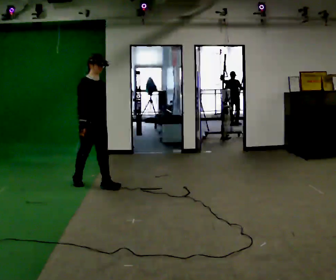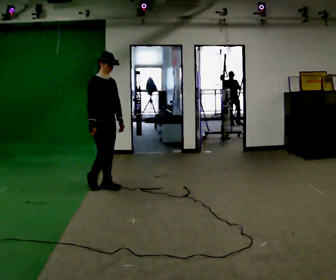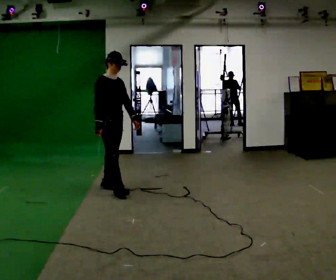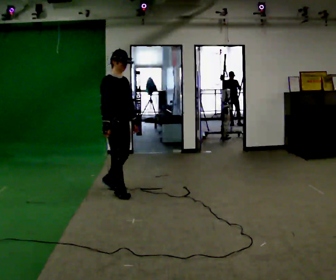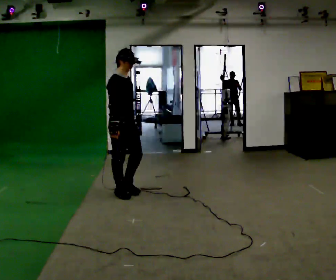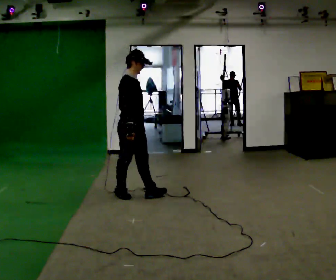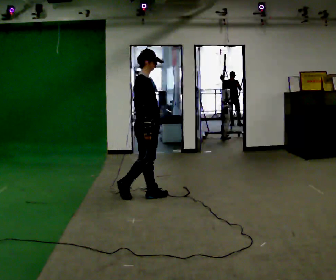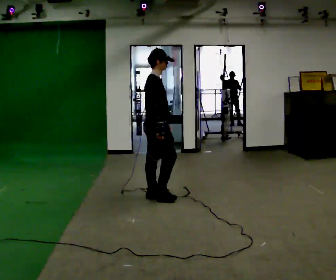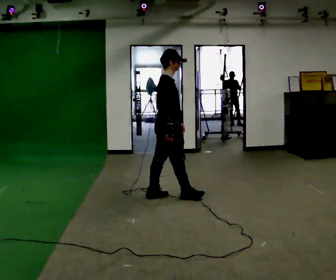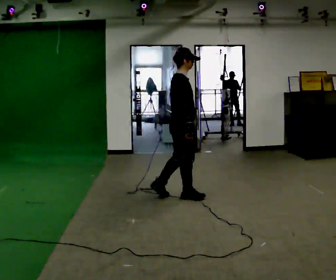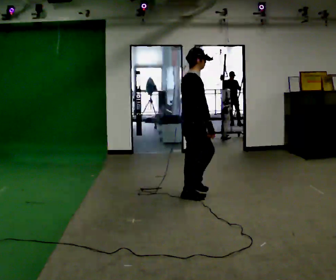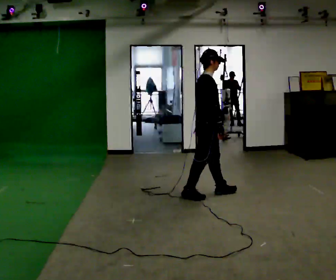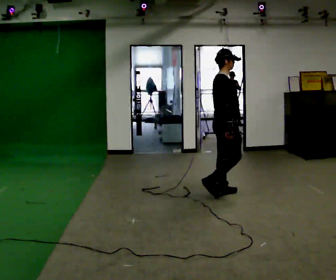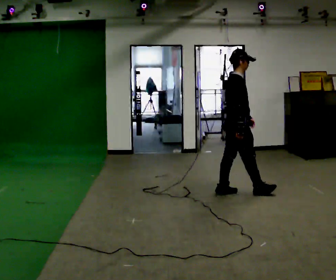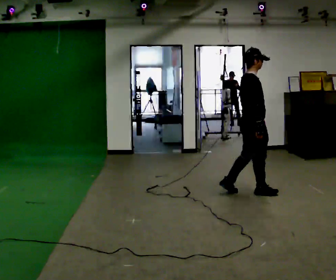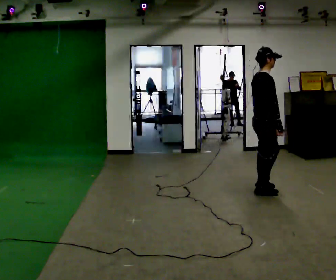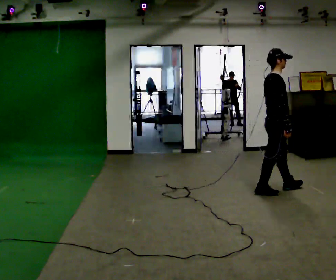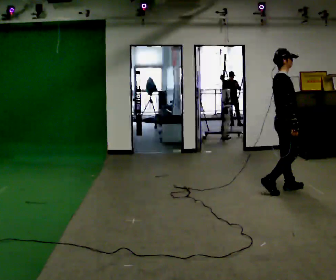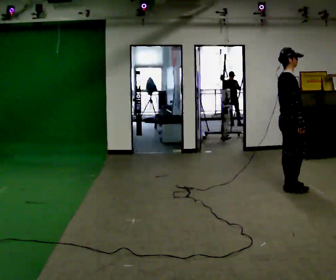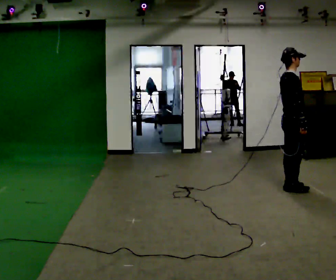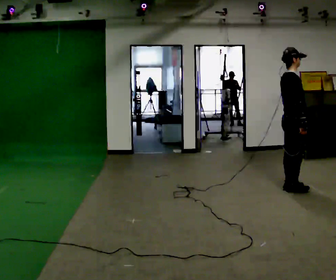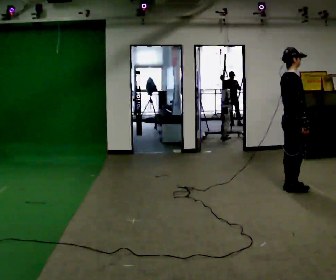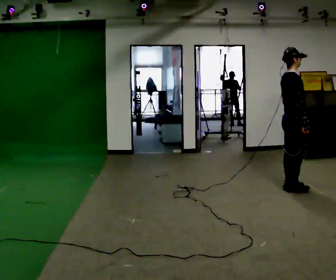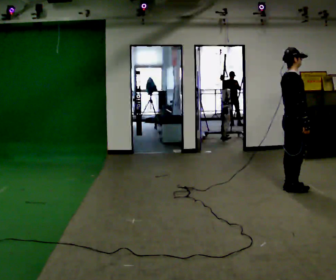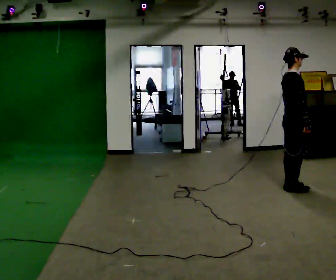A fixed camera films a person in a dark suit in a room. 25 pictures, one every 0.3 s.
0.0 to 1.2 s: In the picture they go to the right and toward the camera, about 0.5 m in 1 step, which for them is forward.
1.2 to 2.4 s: The part of the body nearest the lens slides to the right as the person turns to their left by about 30 degrees. In the picture they go to the right, about 0.5 m in 2 steps, which for them is forward.
2.4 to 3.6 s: In the picture they go to the right, about 0.75 m in 1 step, which for them is forward.
3.6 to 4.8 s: In the picture they go to the right, about 0.5 m in 2 steps, which for them is forward.
4.8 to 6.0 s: In the picture they go to the right, about 0.25 m in 1 step, which for them is forward.
6.0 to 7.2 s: The person moves a little, or ends about where they began.
The film runs forward here.
